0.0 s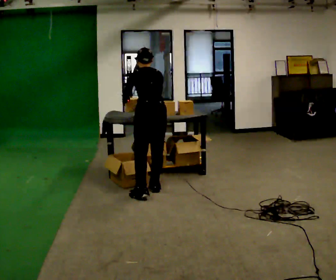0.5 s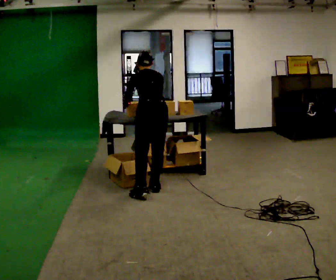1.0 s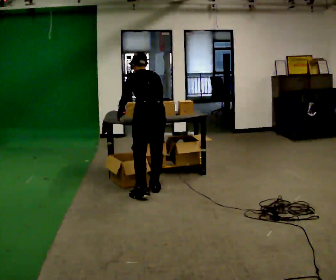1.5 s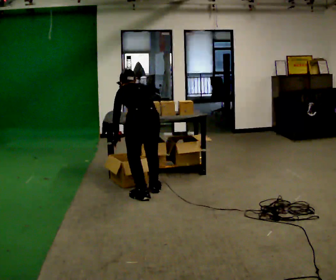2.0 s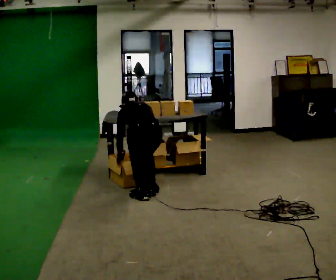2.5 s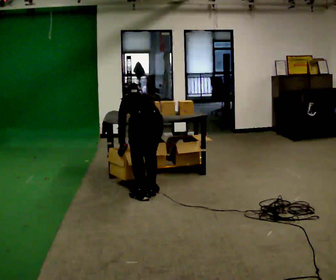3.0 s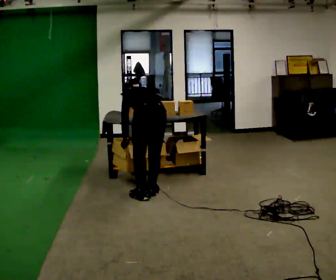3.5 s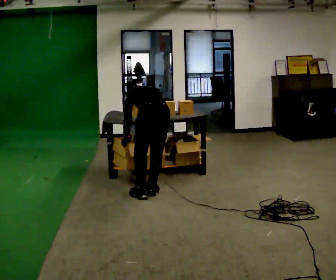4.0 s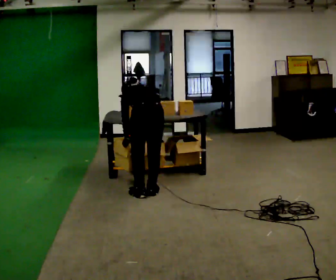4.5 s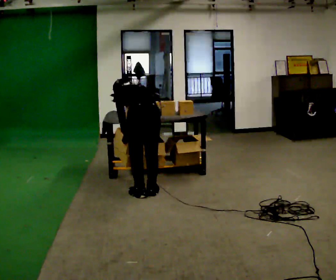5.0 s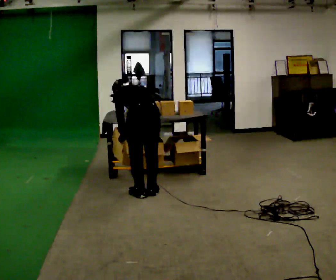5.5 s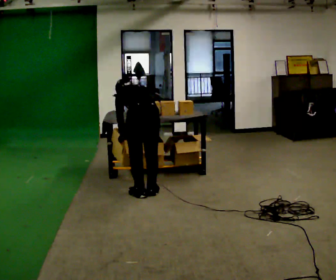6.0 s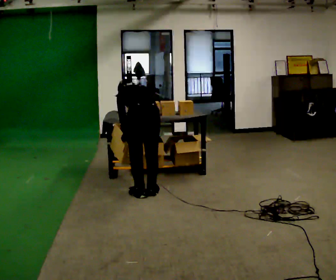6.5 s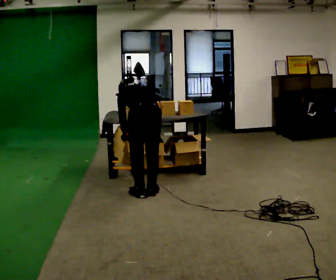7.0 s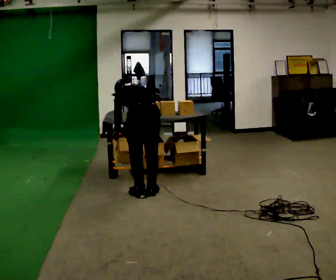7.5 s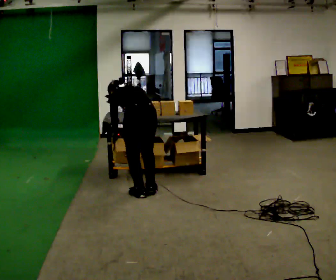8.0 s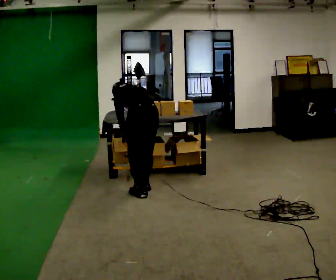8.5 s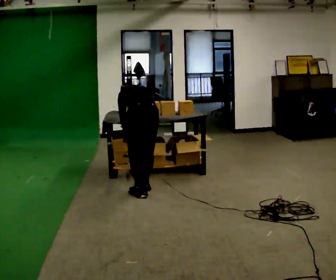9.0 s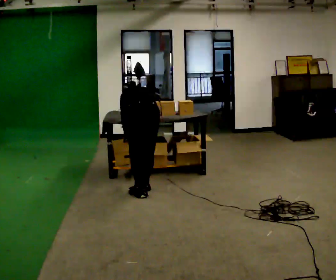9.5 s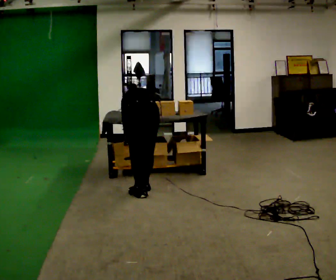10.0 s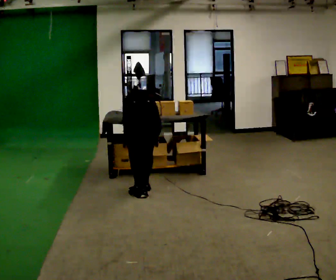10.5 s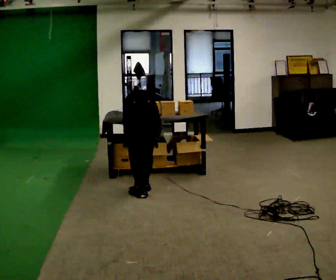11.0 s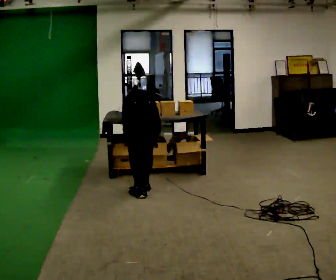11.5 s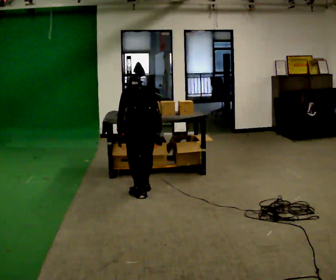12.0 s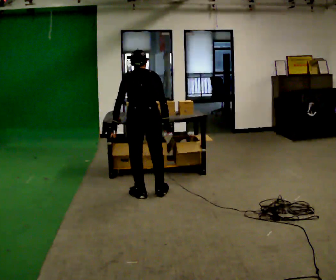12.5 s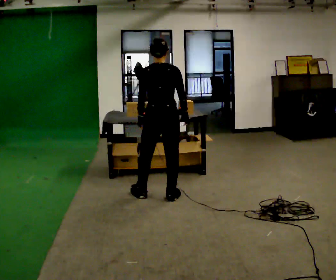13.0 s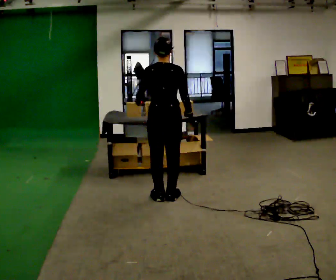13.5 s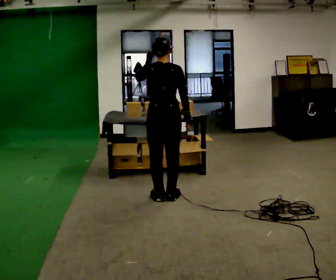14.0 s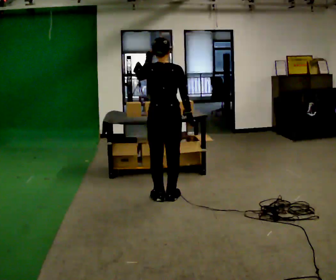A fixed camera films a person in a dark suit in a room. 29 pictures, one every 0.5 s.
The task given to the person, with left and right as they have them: 1. Take everything out of the crates by the door. 2. Put the small items on the middle shelf. 3. Put the large items on the bottom shelf. 4. Stack the empty crates by the door. 5. Tell the operator when you are finished.
0.0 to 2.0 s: In the picture they go toward the camera, about 0.25 m, which for them is backward and to their left. The upper body goes downward. The upper body tips away from the camera, its near side rolling upward, as they bend forward. In the picture their left hand goes downward.
2.0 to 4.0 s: The upper body goes upward.
4.0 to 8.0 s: The person moves a little, or ends about where they began.
8.0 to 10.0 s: In the picture the upper body tilts clockwise, shoulders to the right, as they bend forward.
10.0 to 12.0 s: In the picture they go toward the camera, about 0.25 m, which for them is backward. The shoulders move upward. The upper body tips toward the camera, its near side rolling downward, as they lean back or straighten.
12.0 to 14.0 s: In the picture they go to the right, about 0.25 m in 1 step, which for them is to their right. The upper body tips toward the camera, its near side rolling downward, as they lean back or straighten. In the picture their left hand goes upward and to the right.
The film runs forward here.
